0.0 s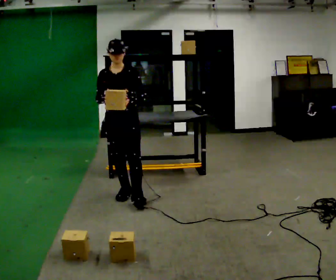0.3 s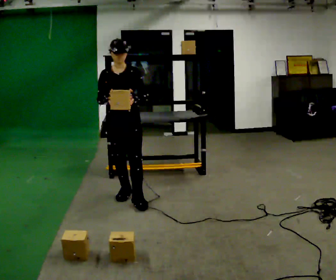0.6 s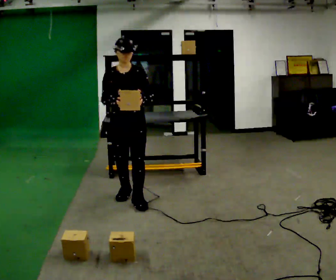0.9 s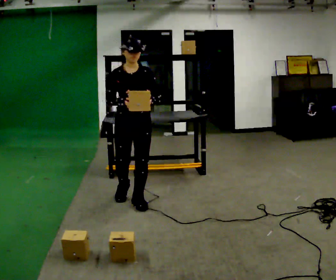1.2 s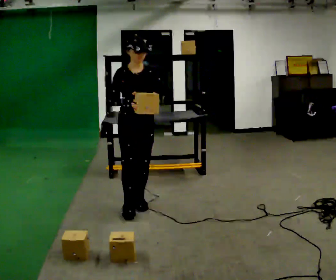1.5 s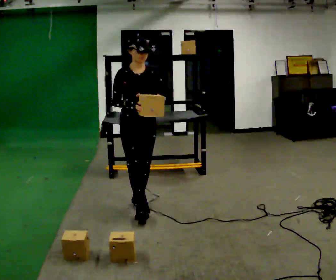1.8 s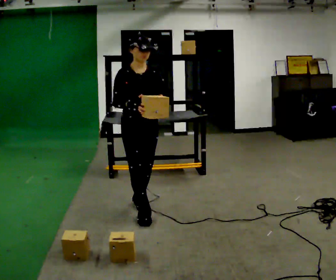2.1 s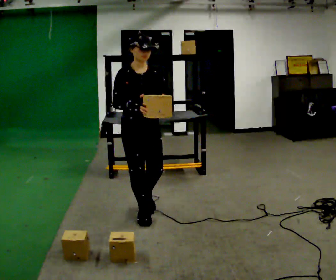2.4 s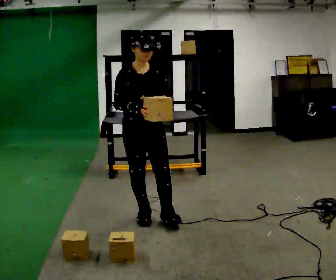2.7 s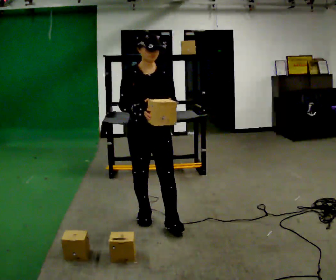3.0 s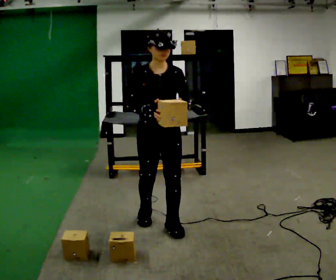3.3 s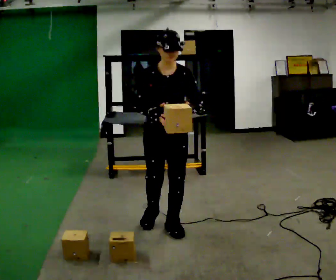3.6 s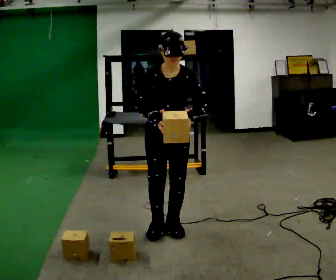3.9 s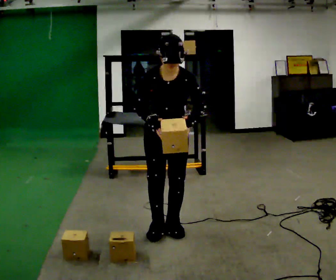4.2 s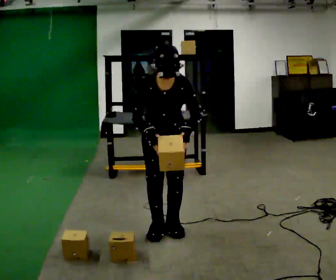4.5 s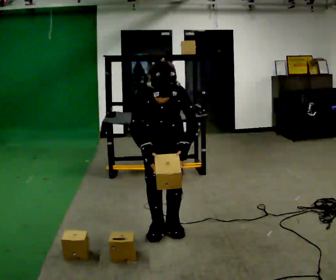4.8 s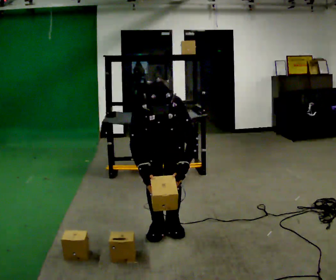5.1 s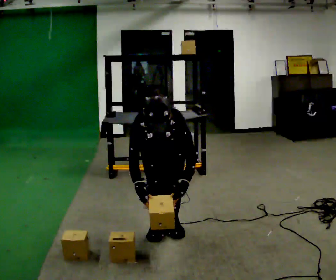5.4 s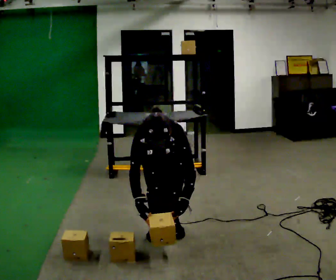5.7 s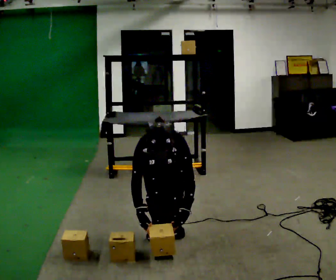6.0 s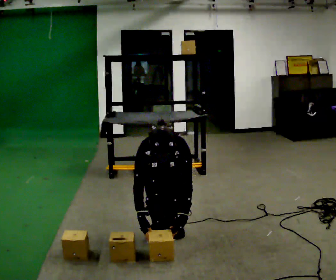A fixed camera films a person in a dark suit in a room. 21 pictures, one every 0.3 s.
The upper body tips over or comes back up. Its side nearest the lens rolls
downward.
Their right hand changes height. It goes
downward.
0.0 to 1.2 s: In the picture they go toward the camera and to the right, about 0.25 m, which for them is forward and to their left.
1.2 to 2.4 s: In the picture they go toward the camera, about 0.25 m in 1 step, which for them is forward.
2.4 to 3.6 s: In the picture they go to the right and toward the camera, about 0.25 m in 2 steps, which for them is forward and to their left.
3.6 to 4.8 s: The upper body goes downward. The upper body tips toward the camera, its near side rolling downward, as they bend forward. In the picture their right hand goes downward.
4.8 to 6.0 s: The shoulders move downward. In the picture their left hand goes downward.
The film runs forward here.
